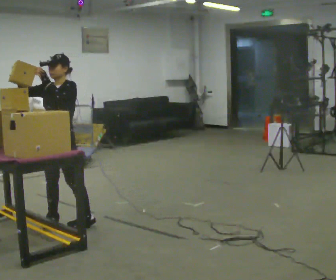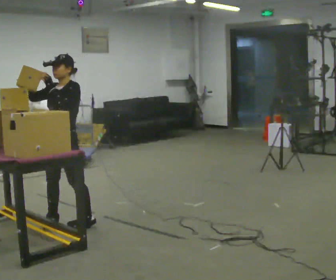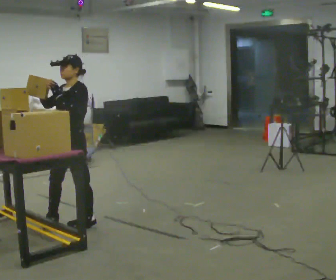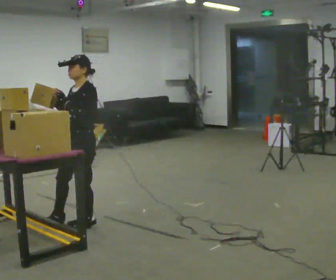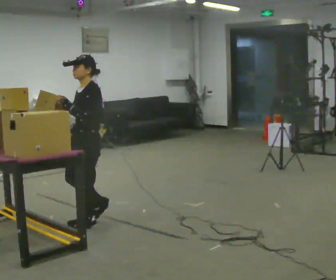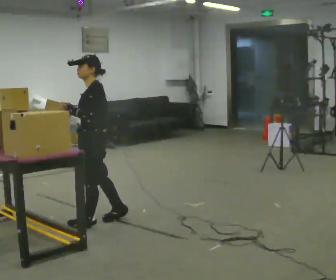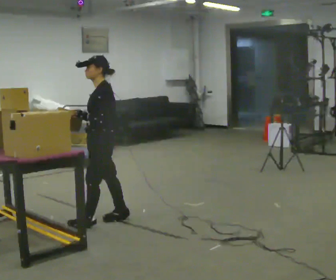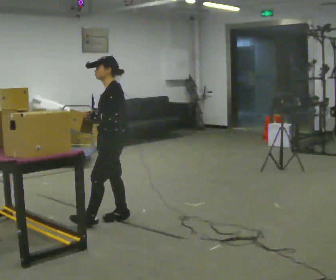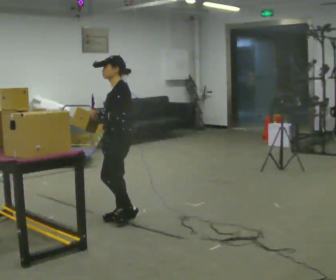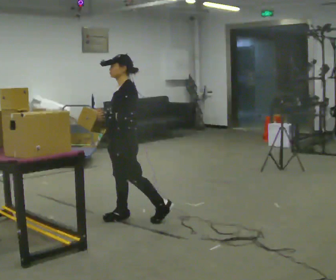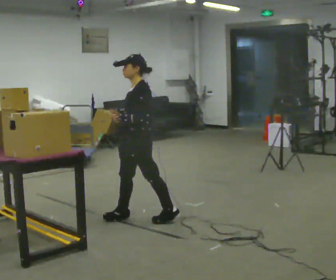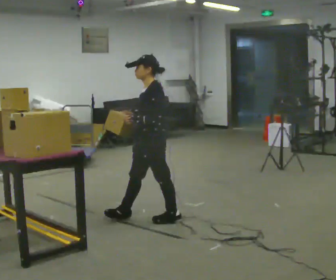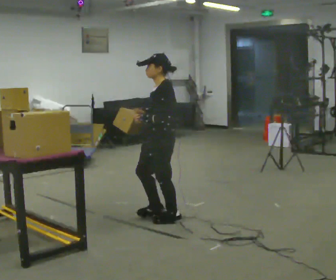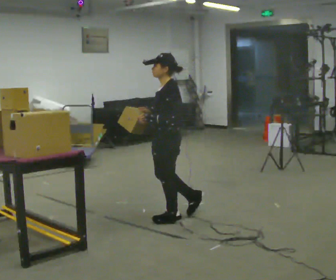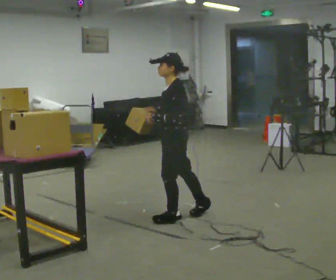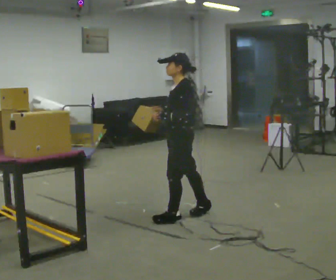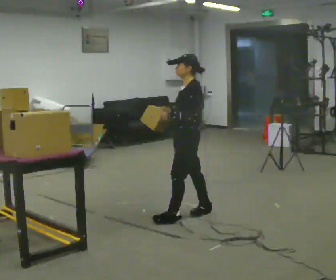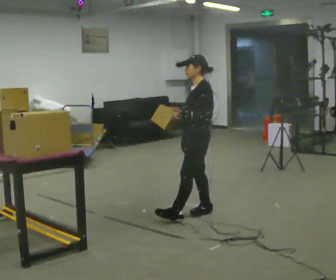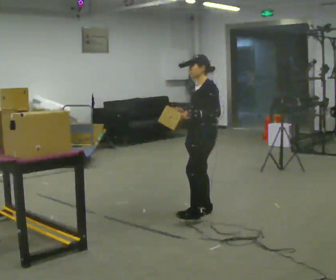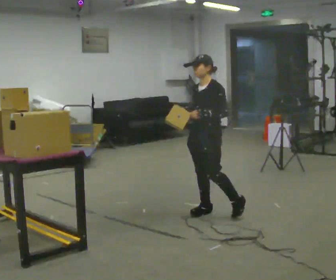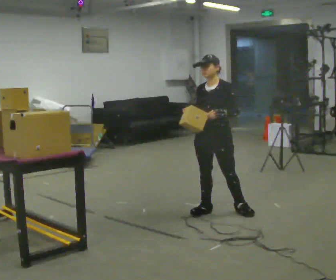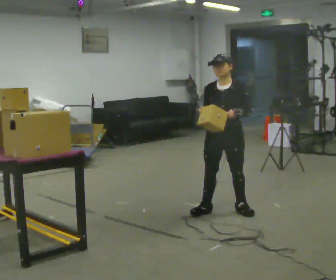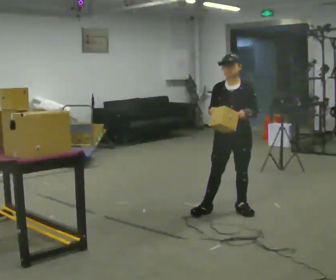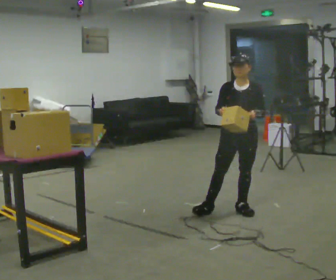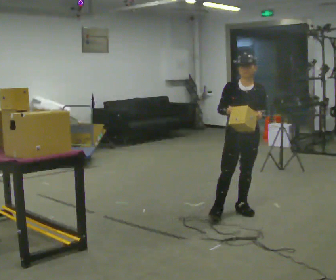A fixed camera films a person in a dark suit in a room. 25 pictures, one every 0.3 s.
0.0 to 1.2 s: Seen from above the body turns clockwise, about 30 degrees: to their right, with its near side sliding to the left. In the picture they go to the right, about 0.25 m in 1 step, which for them is to their left and backward.
1.2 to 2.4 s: In the picture they go to the right and away from the camera, about 0.25 m in 1 step, which for them is backward and to their right.
2.4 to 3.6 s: In the picture they go to the right, about 0.5 m in 1 step, which for them is backward and to their left.
3.6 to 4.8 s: In the picture they go to the right, about 0.25 m, which for them is backward.
4.8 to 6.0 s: Seen from above the body turns counterclockwise, about 45 degrees: to their left, with its near side sliding to the right. In the picture they go to the right, about 0.25 m in 1 step, which for them is backward.
6.0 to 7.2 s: The part of the body nearest the lens slides to the right as the person turns to their left by about 30 degrees. In the picture they go to the right, about 0.25 m in 1 step, which for them is to their left.
The film runs backward here.
